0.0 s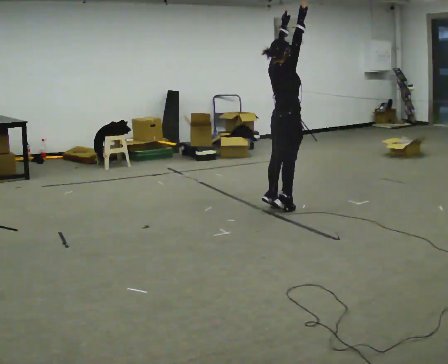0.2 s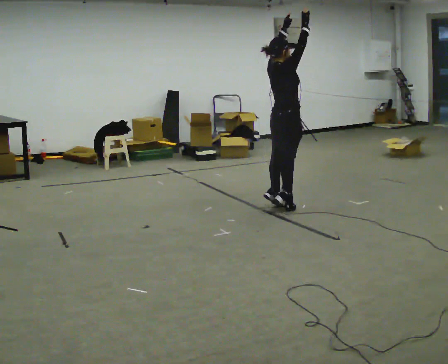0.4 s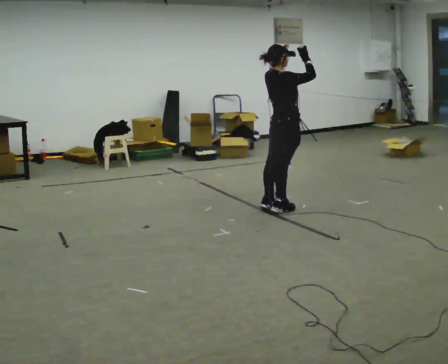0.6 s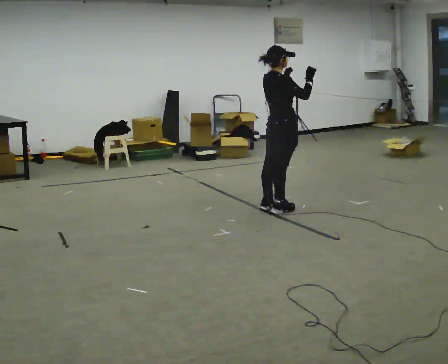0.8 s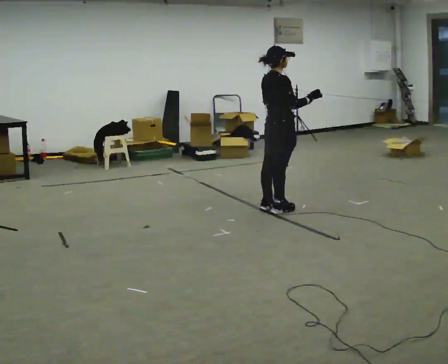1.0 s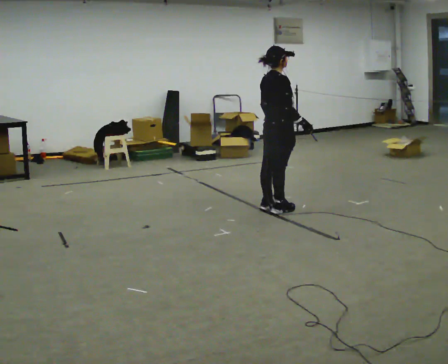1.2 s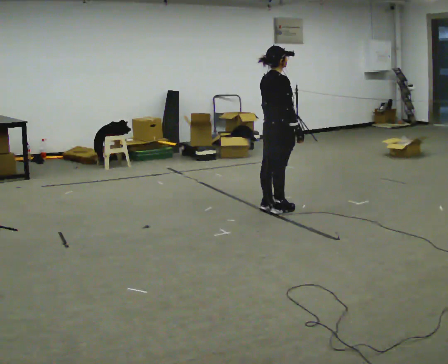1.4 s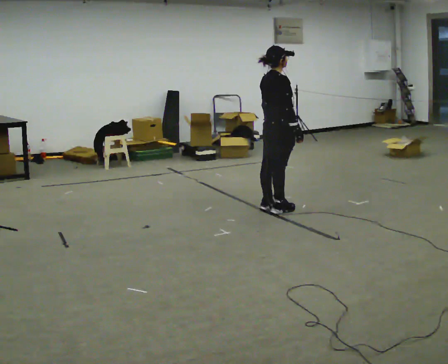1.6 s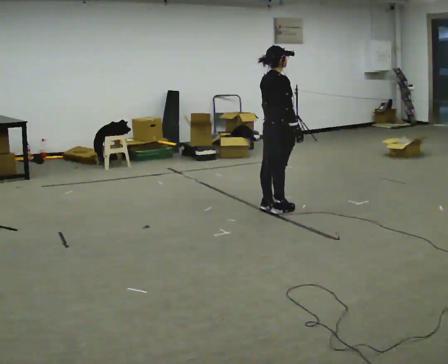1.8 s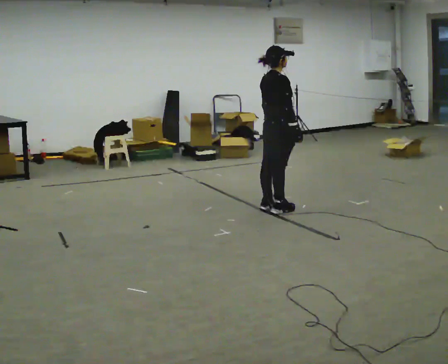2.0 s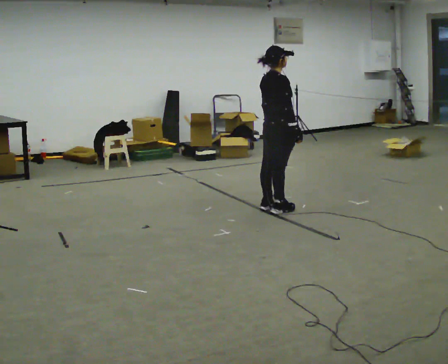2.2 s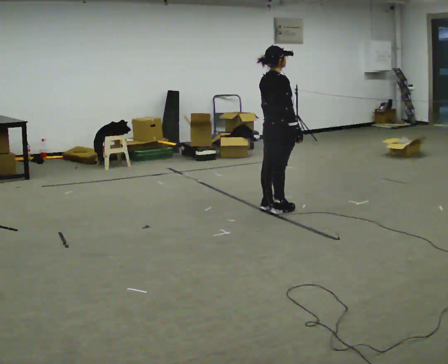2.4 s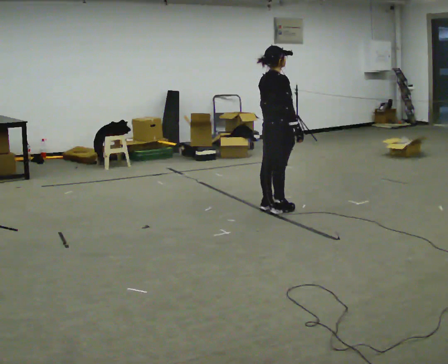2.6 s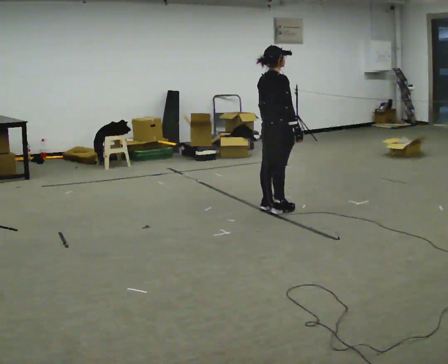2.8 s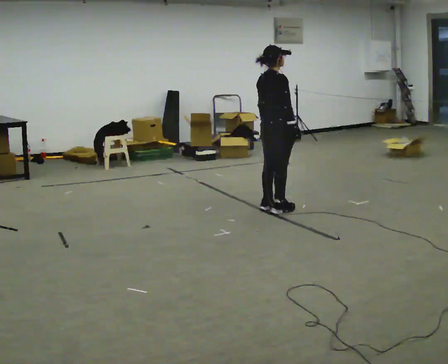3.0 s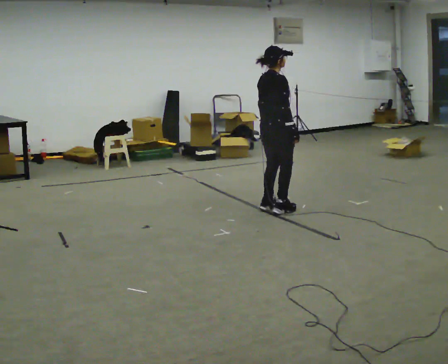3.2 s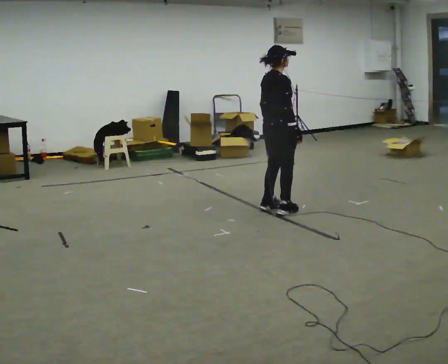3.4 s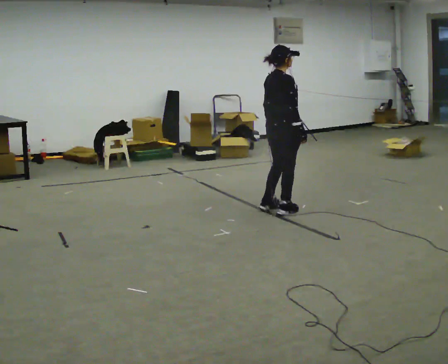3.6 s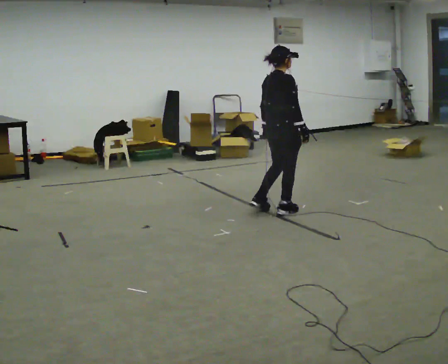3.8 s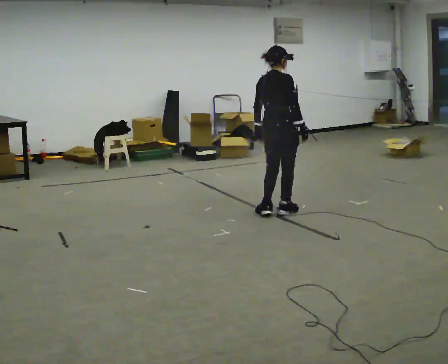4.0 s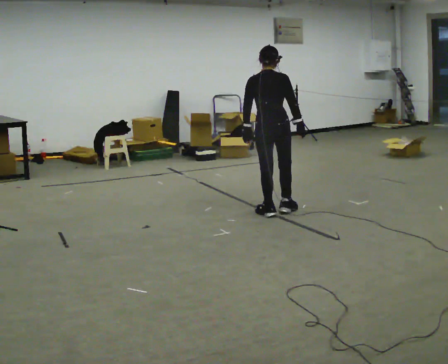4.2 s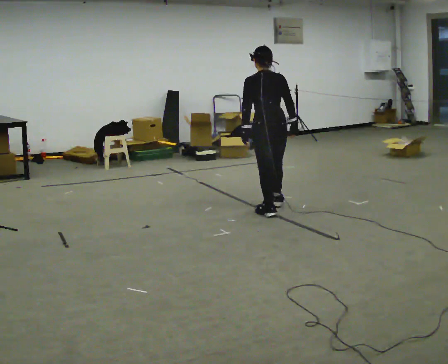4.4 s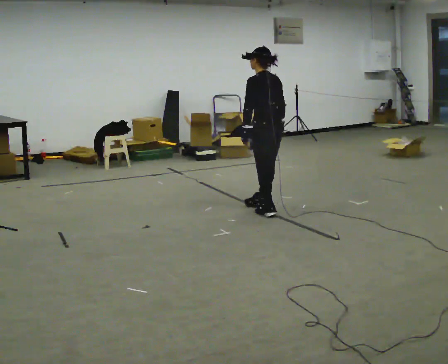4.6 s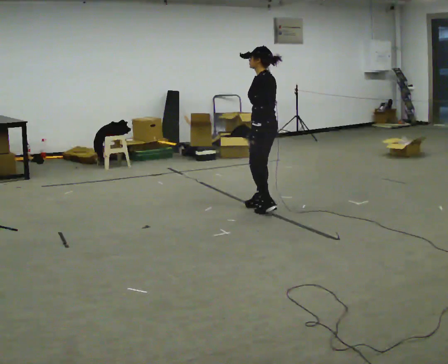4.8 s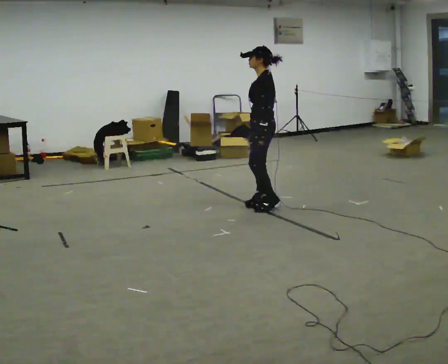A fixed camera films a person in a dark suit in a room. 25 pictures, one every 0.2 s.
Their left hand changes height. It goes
downward.
The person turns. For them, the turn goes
to their left.
0.0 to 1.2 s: In the picture their right hand goes downward.
1.2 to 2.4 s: The person keeps their place and pose.
2.4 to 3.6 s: The person moves a little, or ends about where they began.
3.6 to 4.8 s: The person turns about 135 degrees to their left, counterclockwise seen from above, so the part of the body nearest the lens slides to the right. In the picture they go away from the camera, about 0.25 m in 2 steps. In the picture their right hand goes to the left.
The film runs backward here.
